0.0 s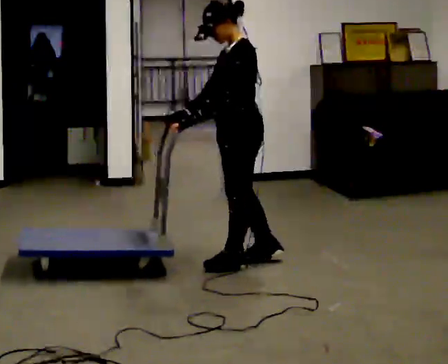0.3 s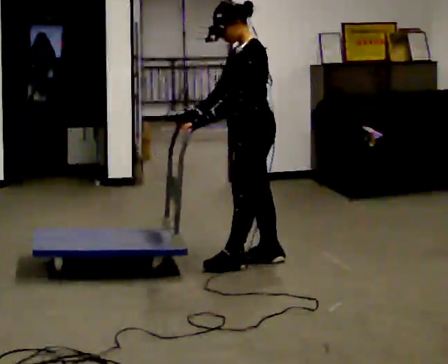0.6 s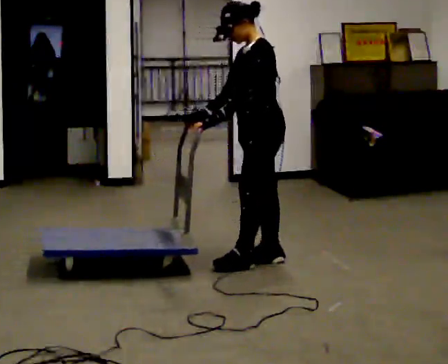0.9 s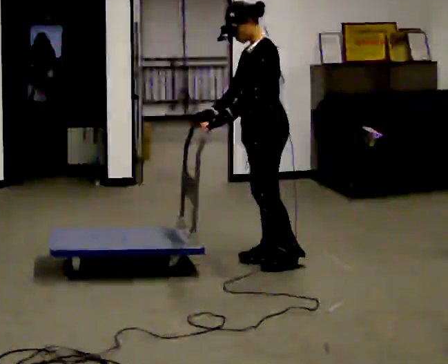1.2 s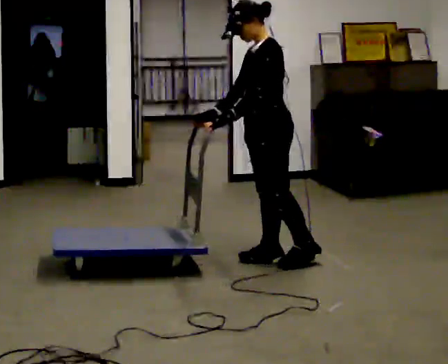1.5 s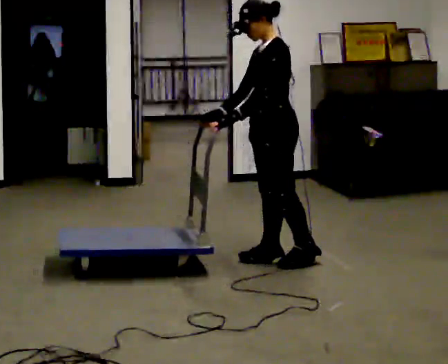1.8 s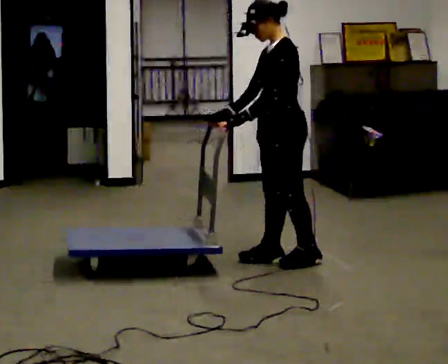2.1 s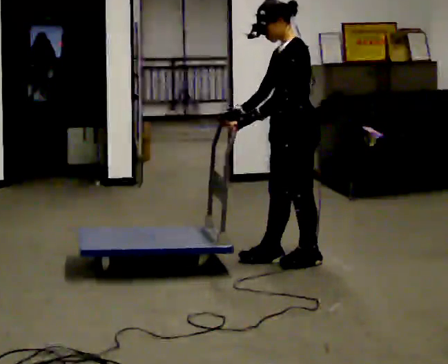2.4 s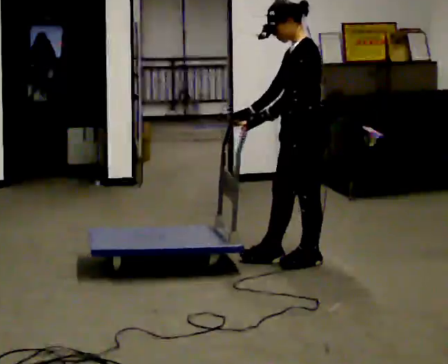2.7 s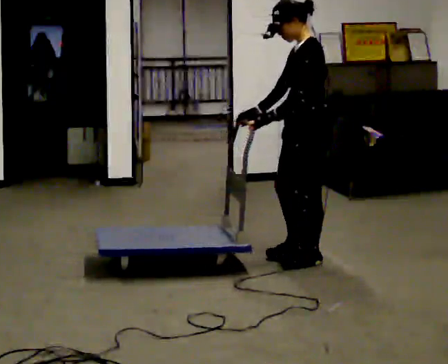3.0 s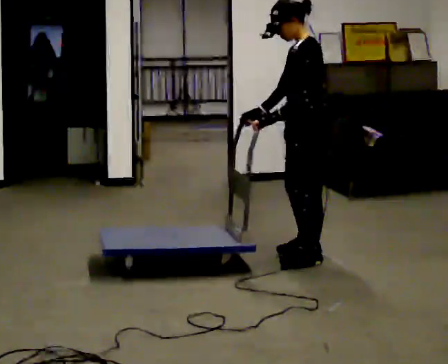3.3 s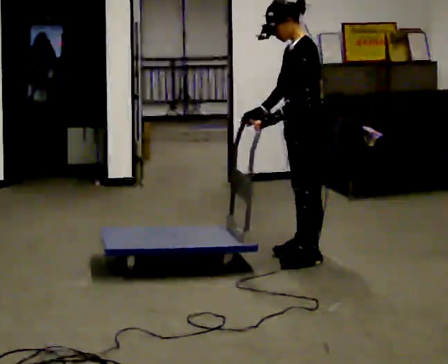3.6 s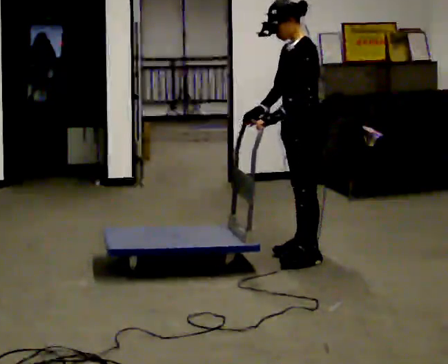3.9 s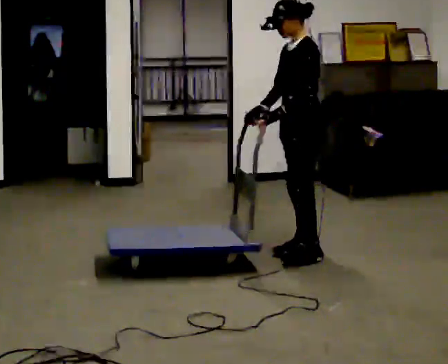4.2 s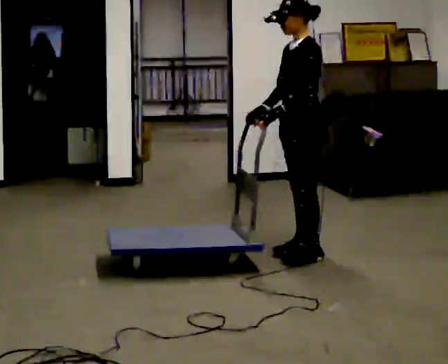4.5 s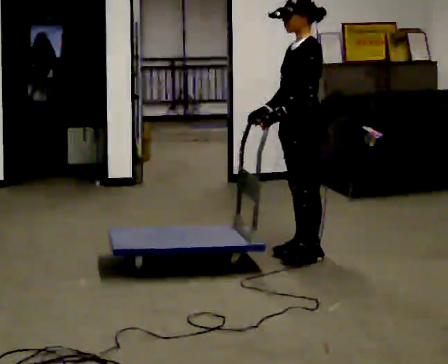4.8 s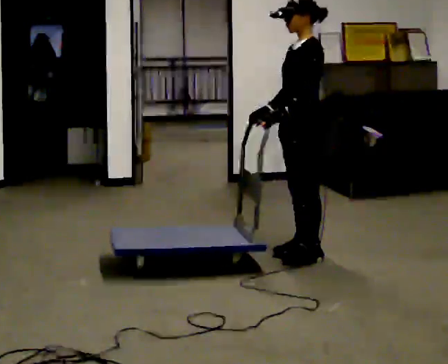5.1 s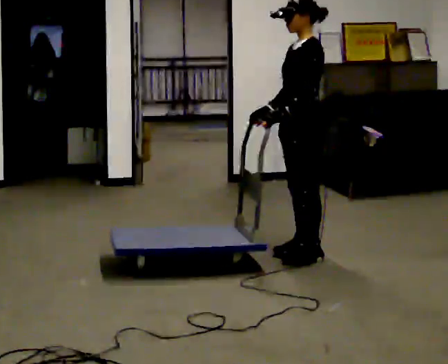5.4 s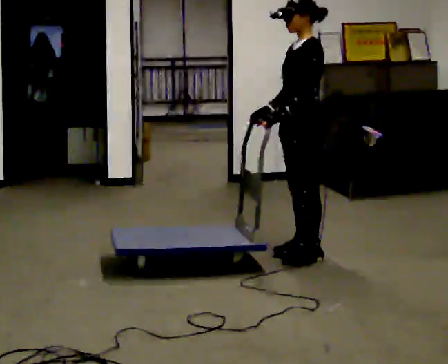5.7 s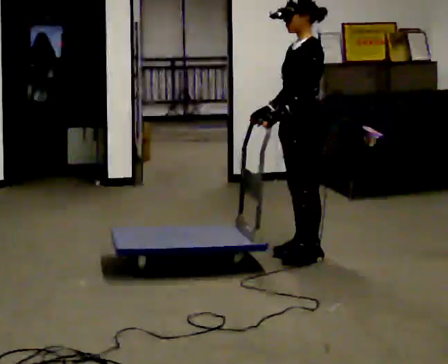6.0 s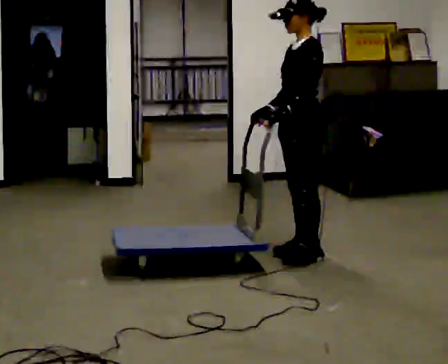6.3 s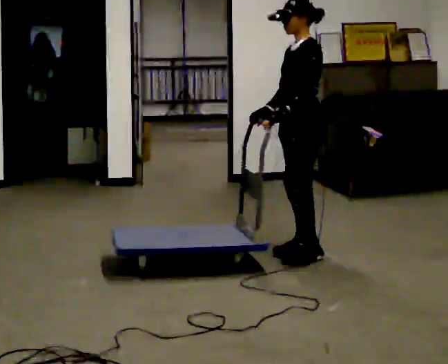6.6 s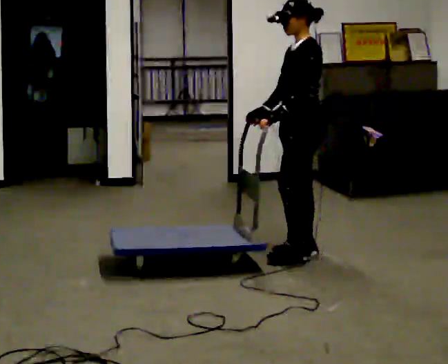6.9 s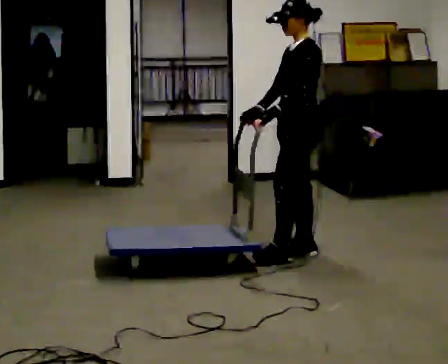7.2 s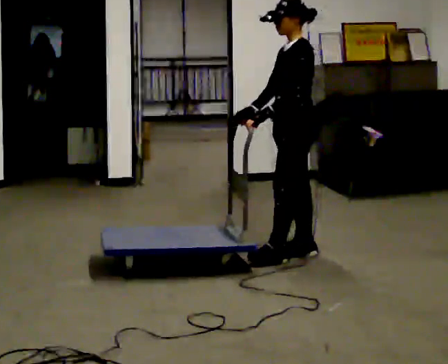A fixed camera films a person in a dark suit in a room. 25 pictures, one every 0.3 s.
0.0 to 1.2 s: The person moves a little, or ends about where they began.
1.2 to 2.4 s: In the picture they go to the right, about 0.25 m, which for them is backward and to their left.
2.4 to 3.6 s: In the picture they go away from the camera, about 0.25 m in 1 step, which for them is to their right.
3.6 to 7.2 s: The person moves a little, or ends about where they began.
The film runs forward here.
